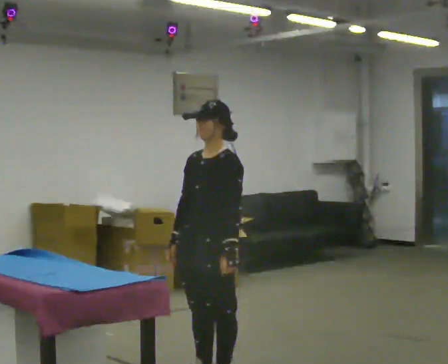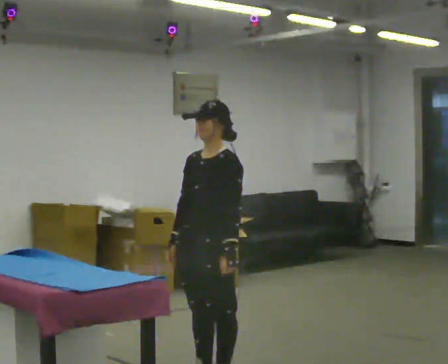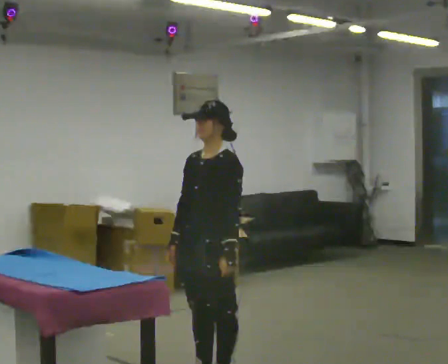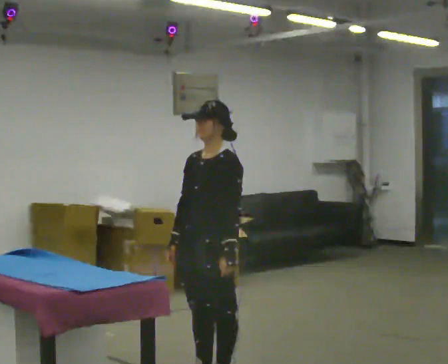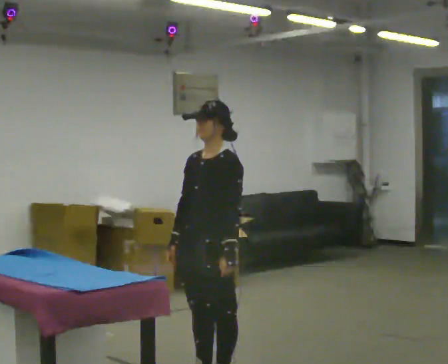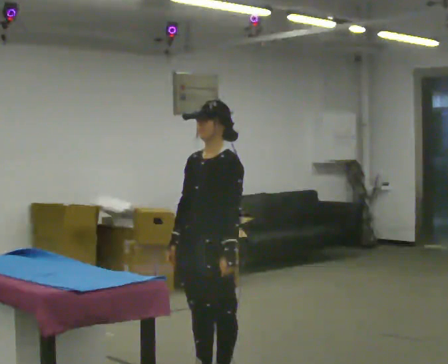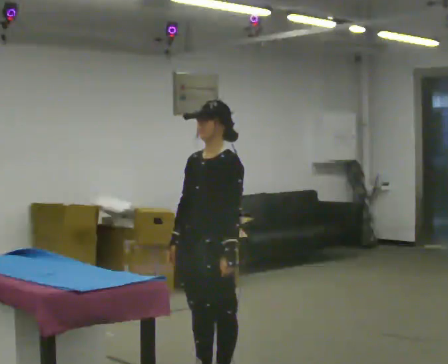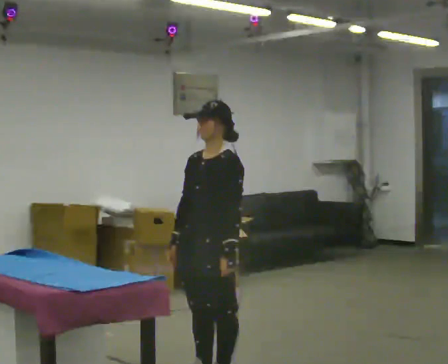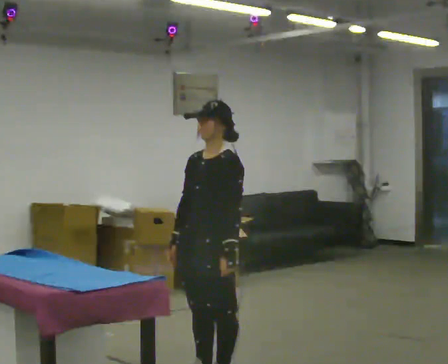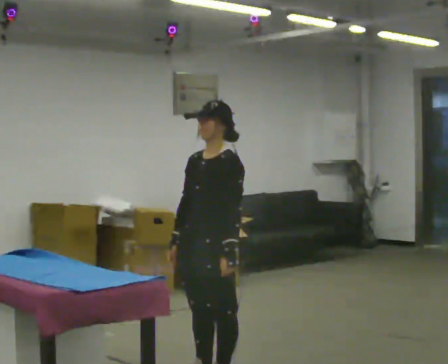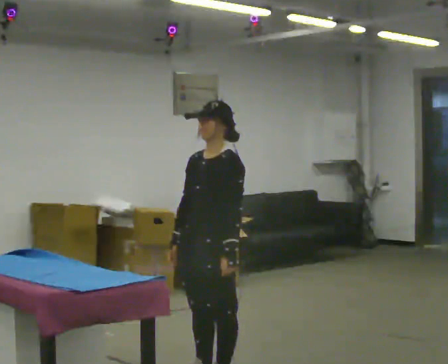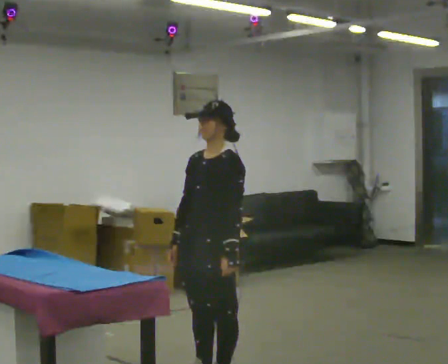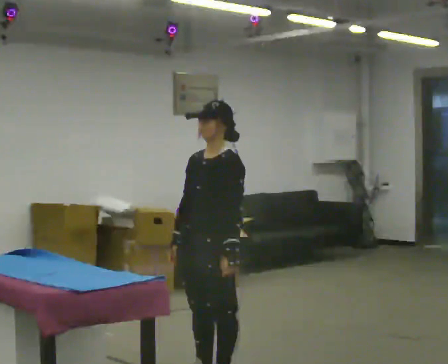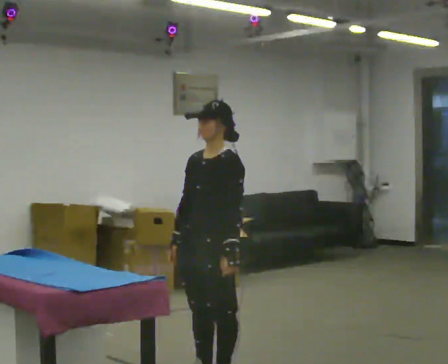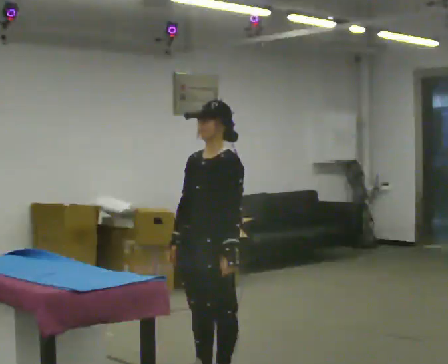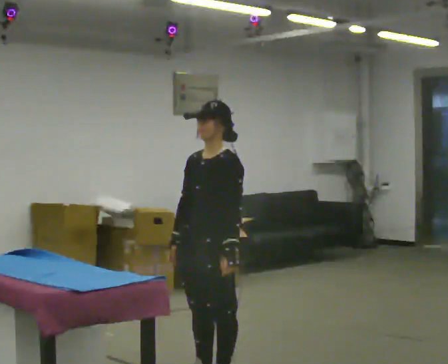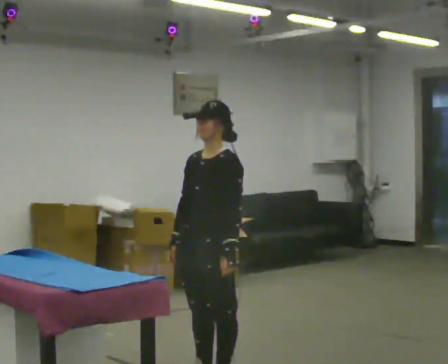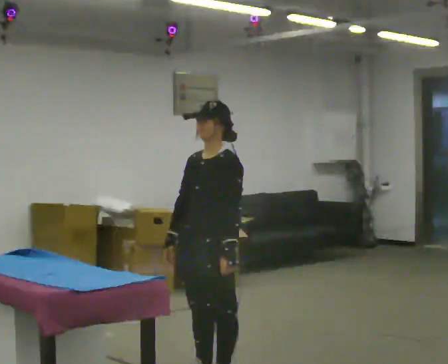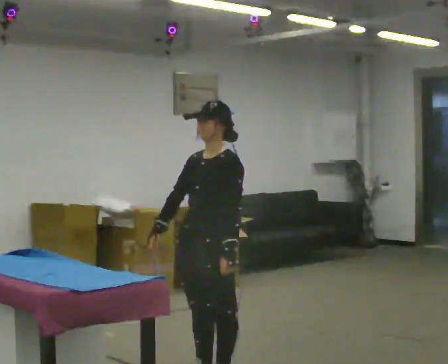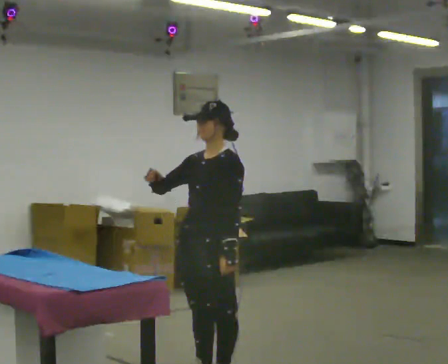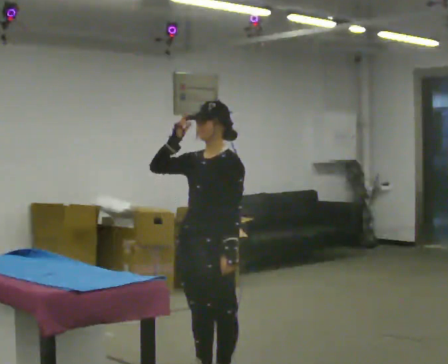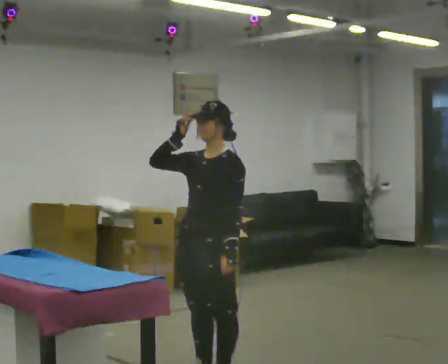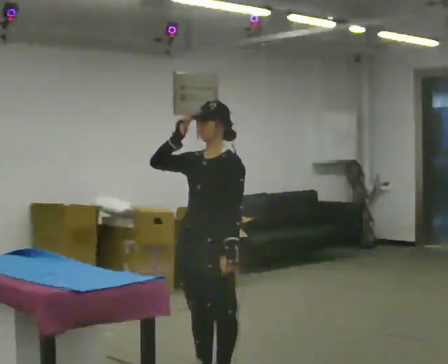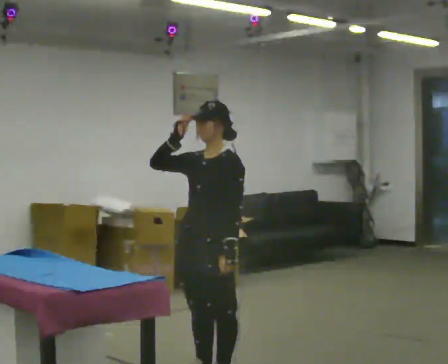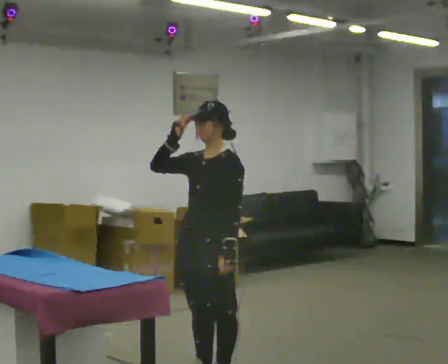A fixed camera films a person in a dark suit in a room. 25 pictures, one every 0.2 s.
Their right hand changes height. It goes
upward.
0.0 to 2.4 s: The person keeps their place and pose.
2.4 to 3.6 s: The person moves a little, or ends about where they began.
3.6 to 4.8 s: In the picture their right hand goes upward.
The film runs forward here.
